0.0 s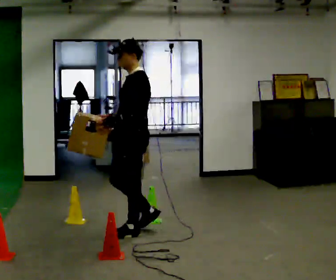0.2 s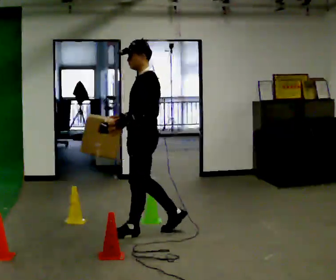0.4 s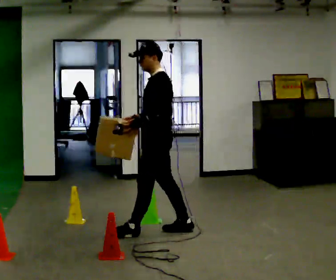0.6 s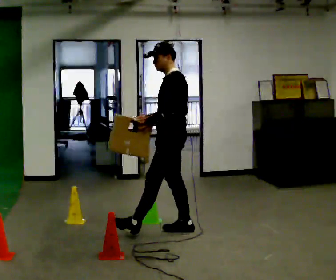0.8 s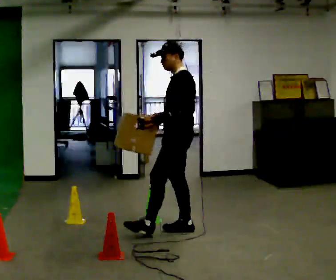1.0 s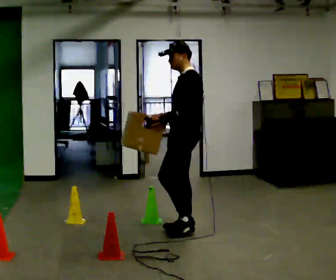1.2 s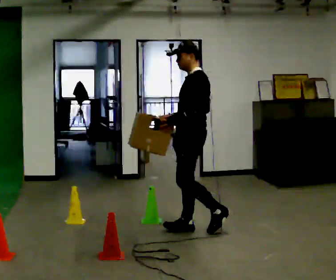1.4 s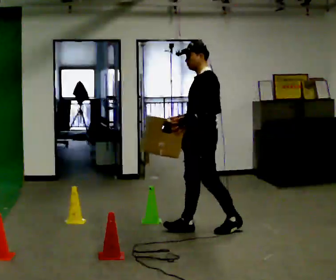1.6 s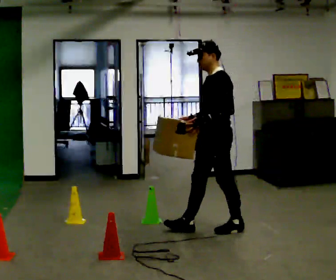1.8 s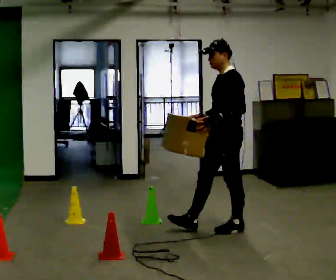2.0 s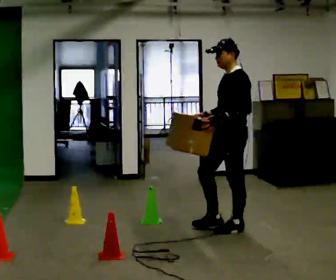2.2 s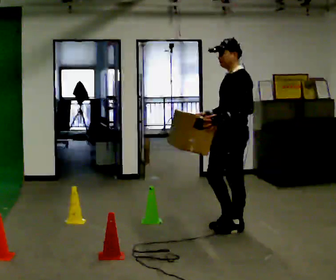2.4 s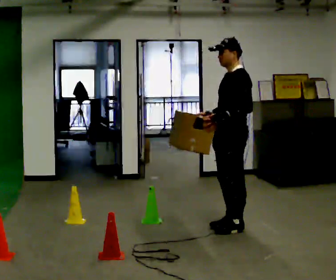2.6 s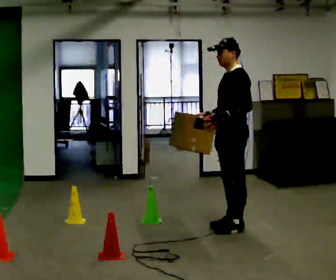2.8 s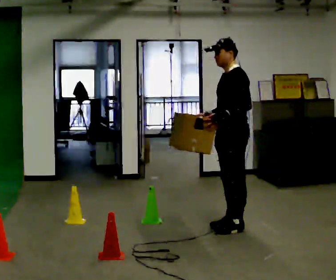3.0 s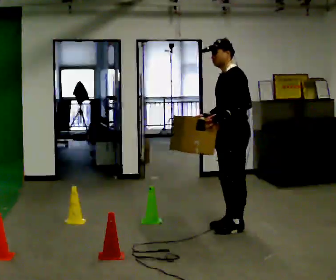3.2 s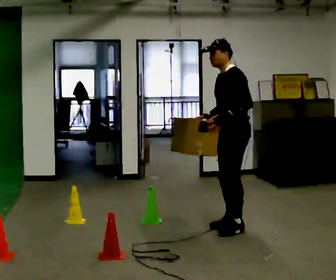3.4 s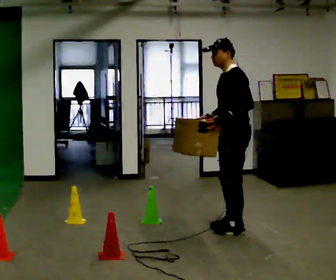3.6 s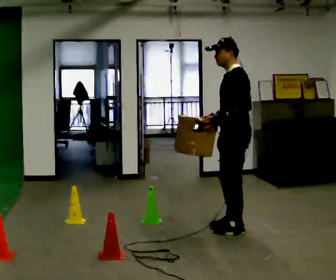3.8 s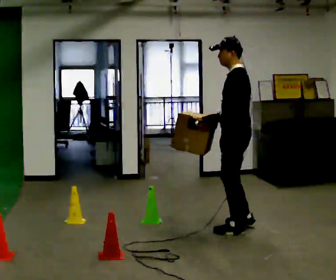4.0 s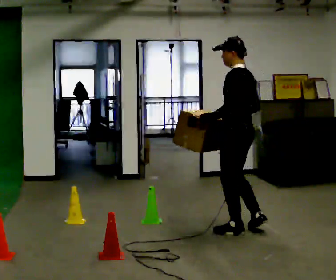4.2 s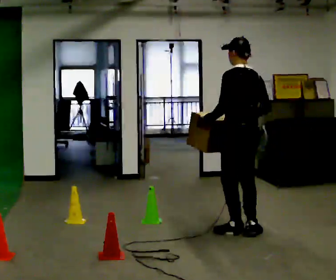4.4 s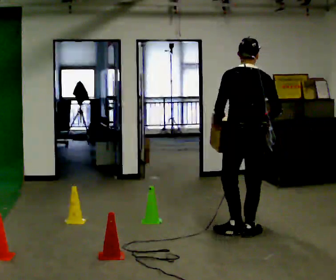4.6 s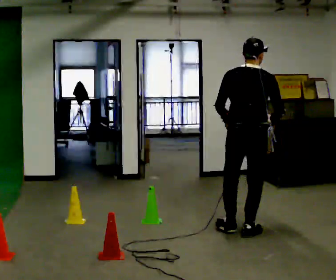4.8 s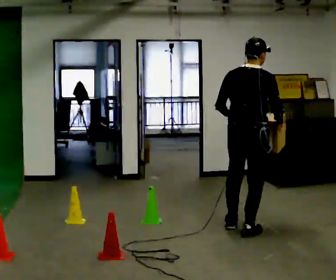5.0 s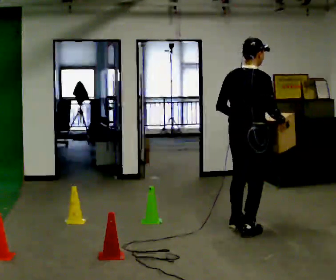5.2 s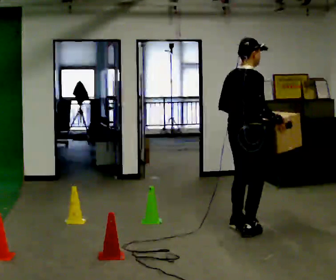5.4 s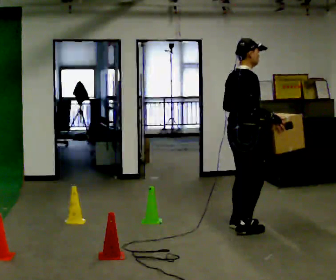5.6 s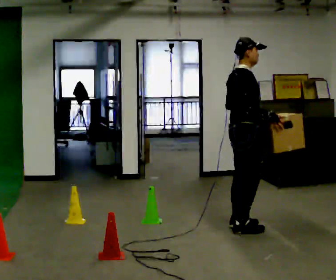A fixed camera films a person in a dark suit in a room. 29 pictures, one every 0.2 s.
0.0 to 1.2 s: In the picture they go to the right and away from the camera, about 0.5 m in 1 step, which for them is backward.
1.2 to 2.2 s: In the picture they go to the right, about 0.25 m in 1 step, which for them is backward.
2.2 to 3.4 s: The person moves a little, or ends about where they began.
3.4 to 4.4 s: The part of the body nearest the lens slides to the left as the person turns to their right by about 90 degrees. In the picture they go toward the camera, about 0.25 m in 1 step.
4.4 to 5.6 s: The part of the body nearest the lens slides to the left as the person turns to their right by about 90 degrees. In the picture they go away from the camera, about 0.25 m in 2 steps.
The film runs backward here.
